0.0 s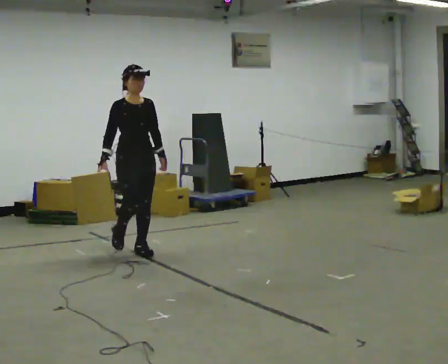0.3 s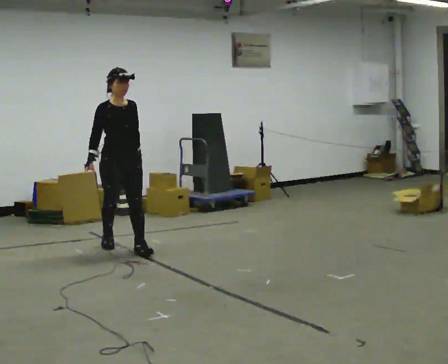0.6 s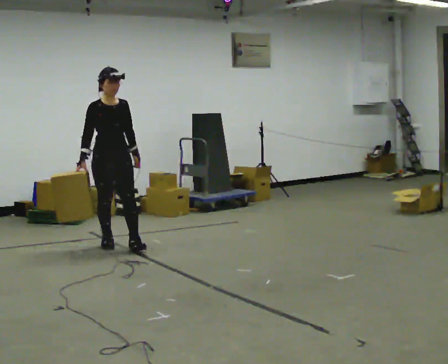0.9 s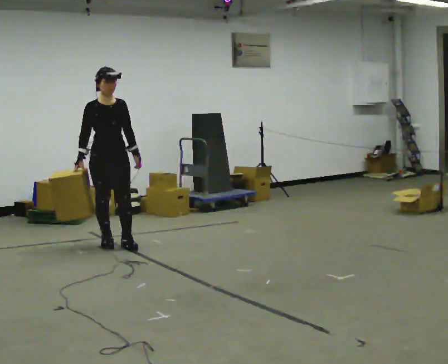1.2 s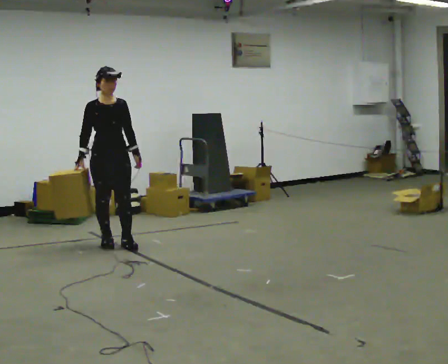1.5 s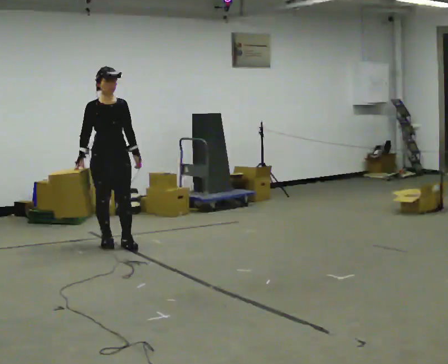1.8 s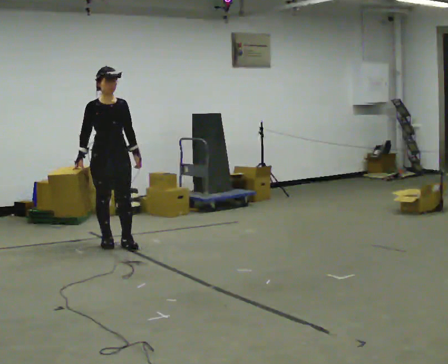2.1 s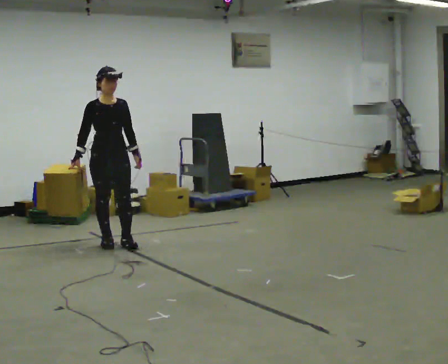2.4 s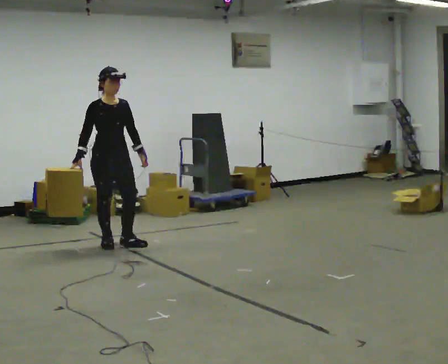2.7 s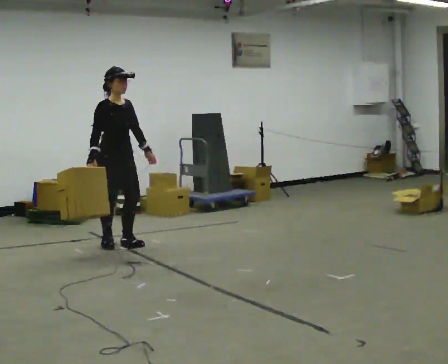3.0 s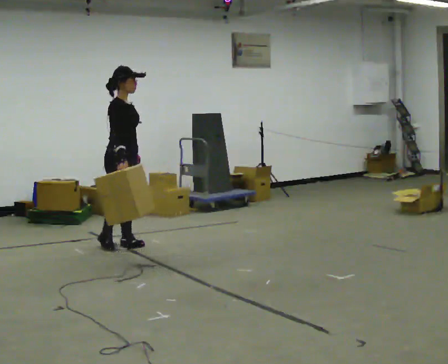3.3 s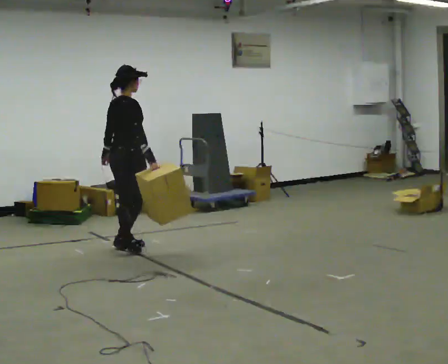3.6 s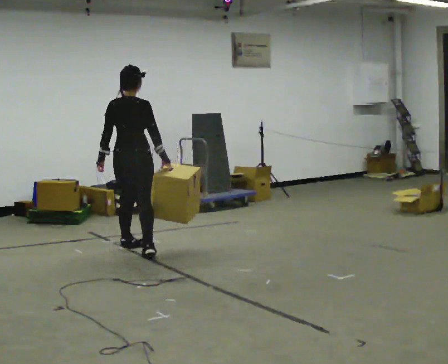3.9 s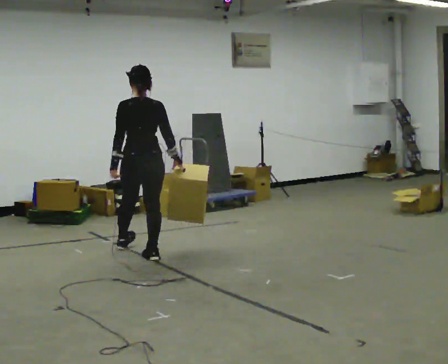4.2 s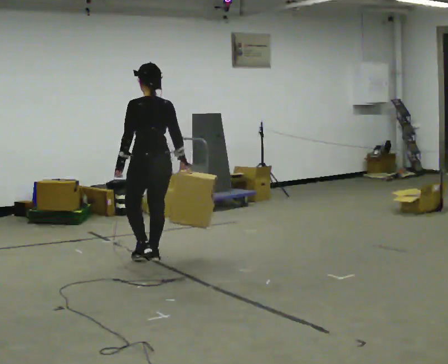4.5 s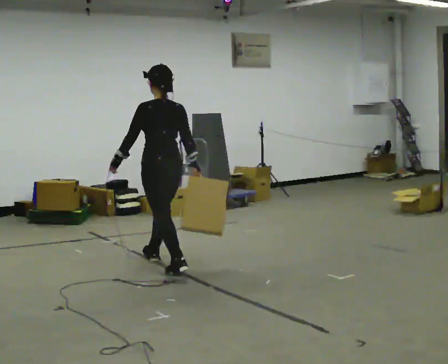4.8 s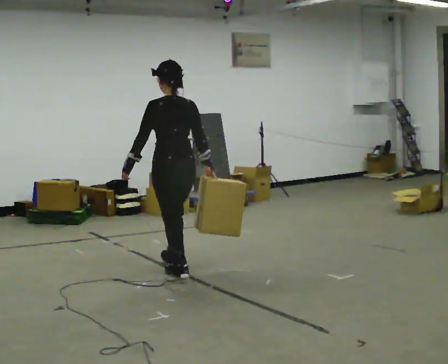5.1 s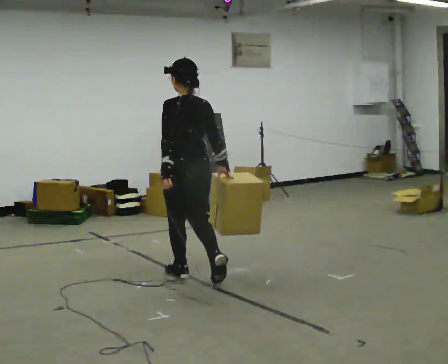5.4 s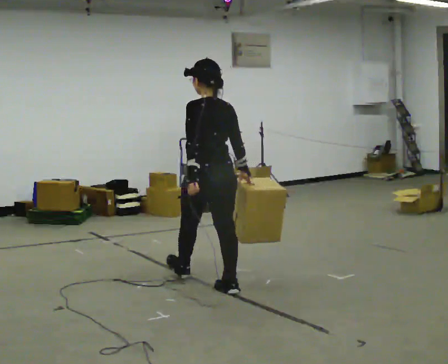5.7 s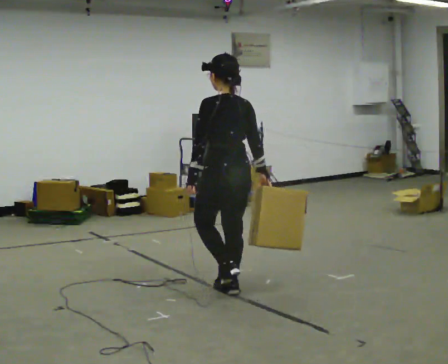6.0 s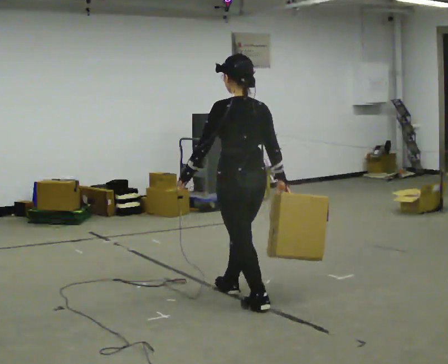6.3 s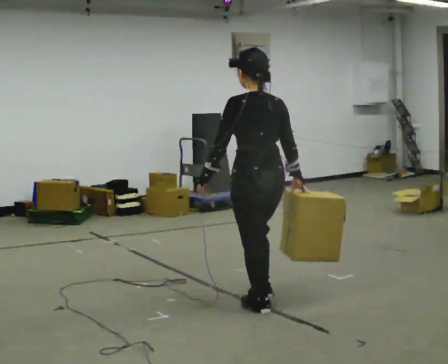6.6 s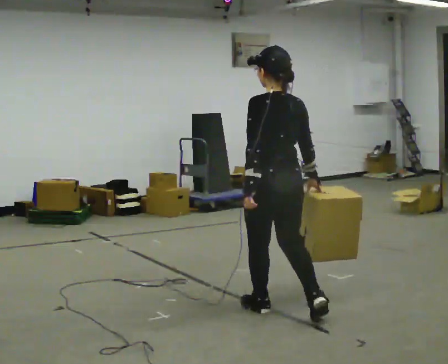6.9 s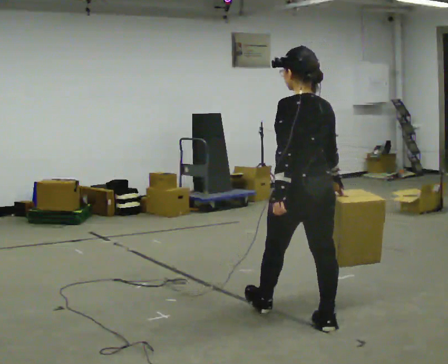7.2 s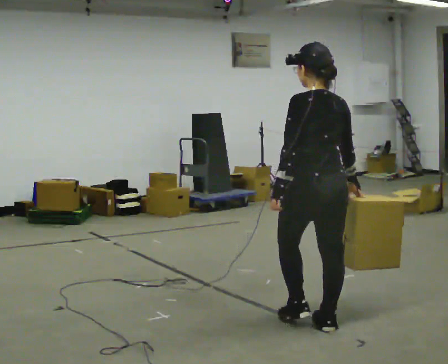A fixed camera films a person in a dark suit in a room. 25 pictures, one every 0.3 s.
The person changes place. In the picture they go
toward the camera.
0.0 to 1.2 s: In the picture they go to the left and away from the camera, about 0.5 m in 1 step, which for them is backward.
1.2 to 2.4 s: The person moves a little, or ends about where they began.
2.4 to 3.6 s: The person turns about 135 degrees to their left, counterclockwise seen from above, so the part of the body nearest the lens slides to the right. In the picture they go to the right and toward the camera, about 0.25 m in 1 step.
3.6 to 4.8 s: The person turns about 45 degrees to their left, counterclockwise seen from above, so the part of the body nearest the lens slides to the right. In the picture they go toward the camera and to the right, about 1 m in 2 steps, which for them is backward.
4.8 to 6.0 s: In the picture they go toward the camera and to the right, about 1 m in 1 step, which for them is backward.
6.0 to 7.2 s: In the picture they go toward the camera and to the right, about 0.5 m in 2 steps, which for them is backward.
The film runs backward here.
